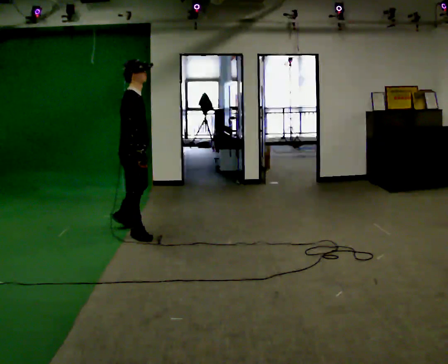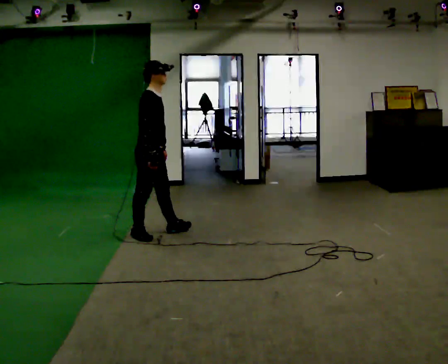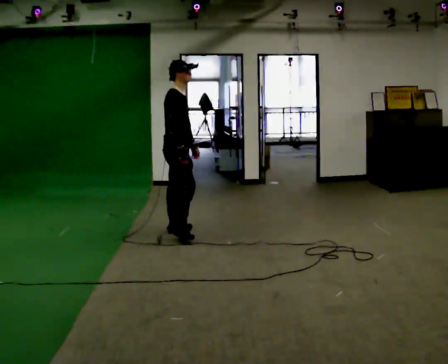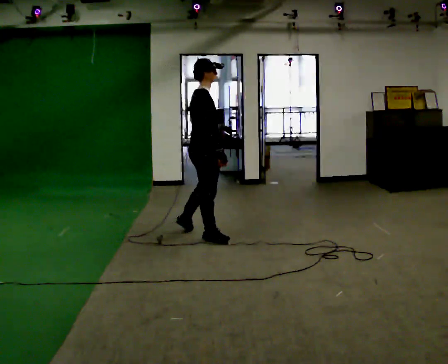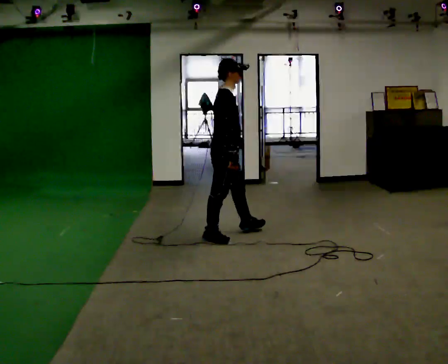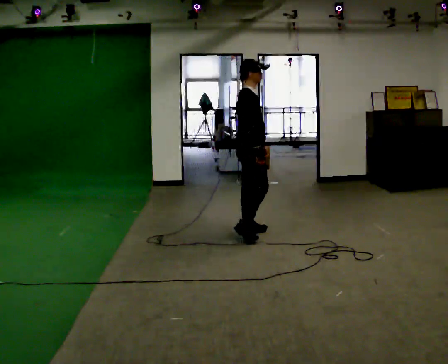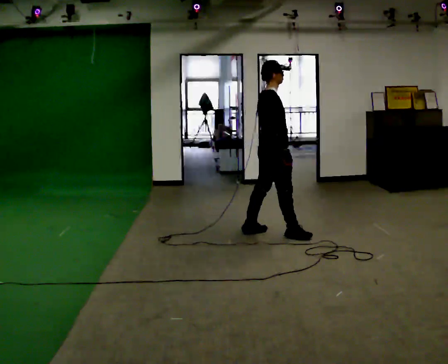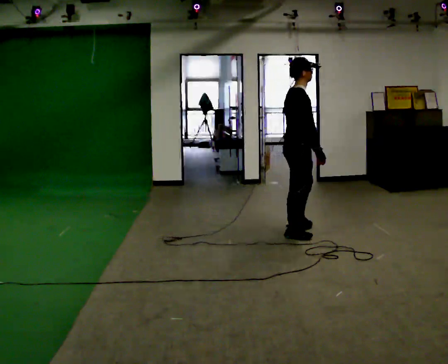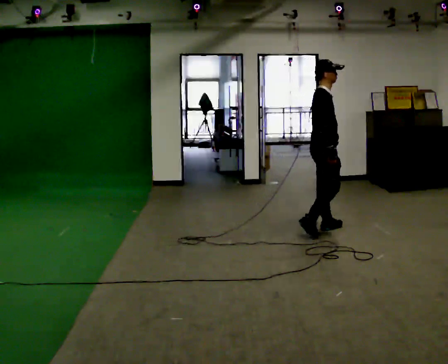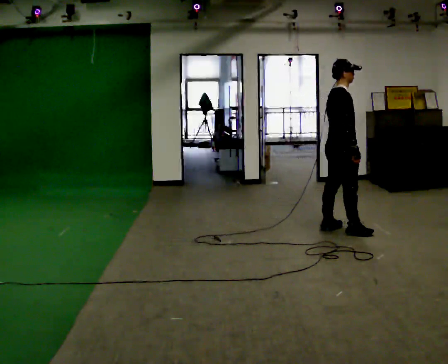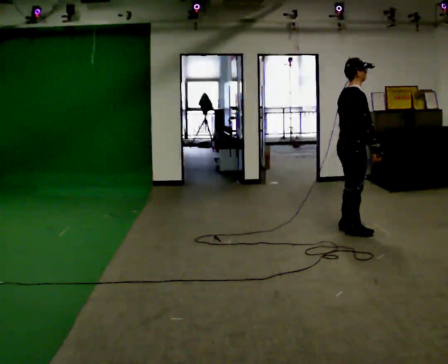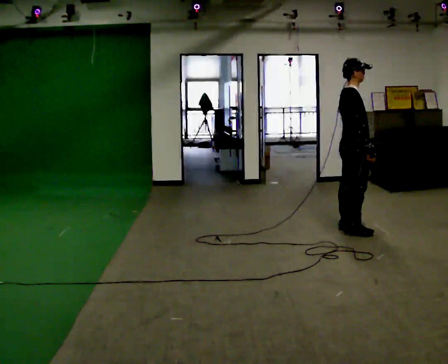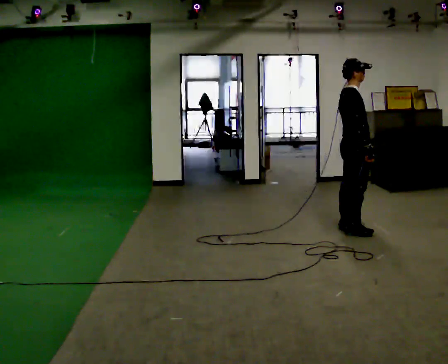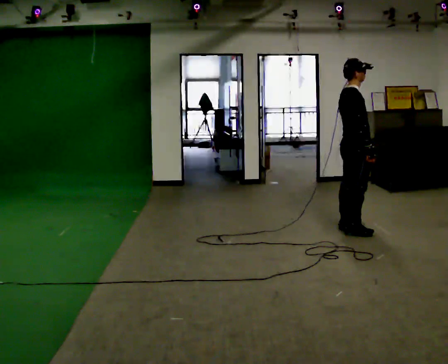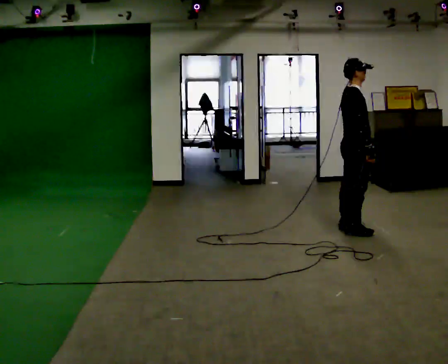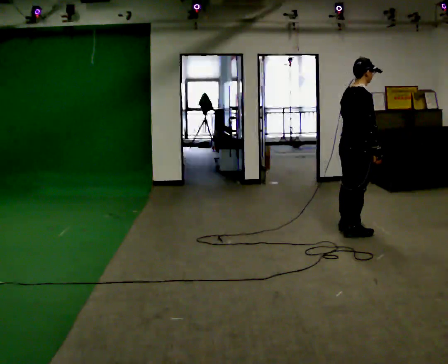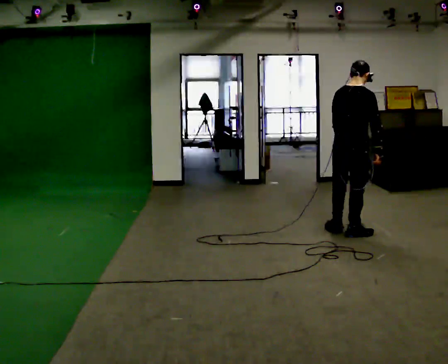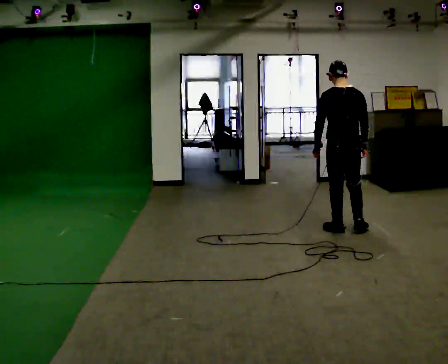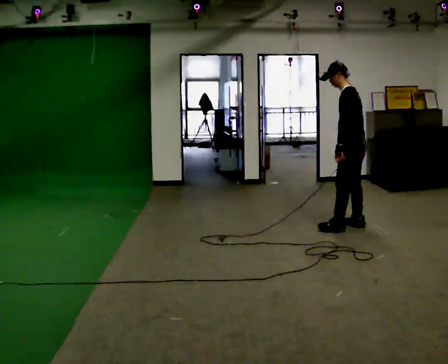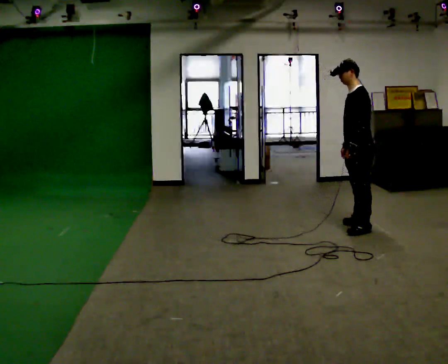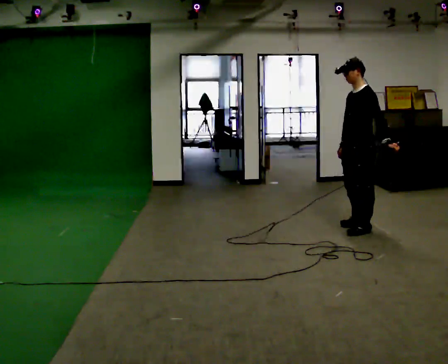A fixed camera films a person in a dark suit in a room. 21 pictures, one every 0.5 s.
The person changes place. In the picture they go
to the right.
0.0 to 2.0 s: In the picture they go to the right, about 1 m in 2 steps, which for them is forward.
2.0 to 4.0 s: In the picture they go to the right and away from the camera, about 1 m in 3 steps, which for them is forward.
4.0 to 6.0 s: In the picture they go to the right, about 0.25 m in 2 steps, which for them is forward.
6.0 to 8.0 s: The part of the body nearest the lens slides to the right as the person turns to their left by about 45 degrees. In the picture they go toward the camera, about 0.25 m, which for them is to their right.
8.0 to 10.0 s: The part of the body nearest the lens slides to the right as the person turns to their left by about 135 degrees. In the picture they go away from the camera, about 0.25 m in 2 steps. In the picture their left hand goes to the right.
The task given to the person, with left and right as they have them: Walk forward with your feet closer together than normal, or further apart than normal, as the operator states; stop.
The film runs forward here.
